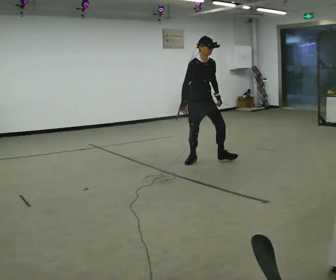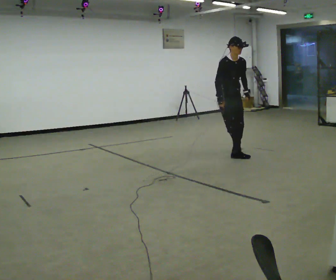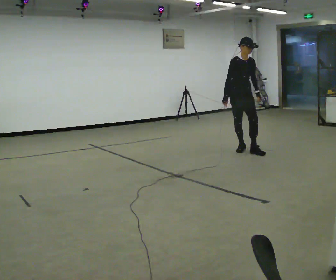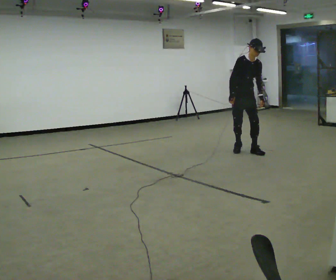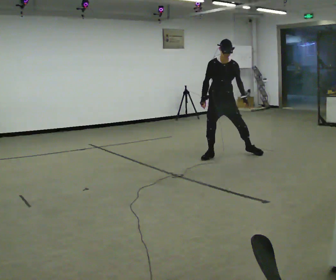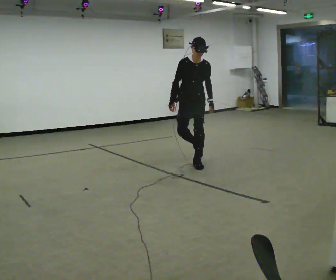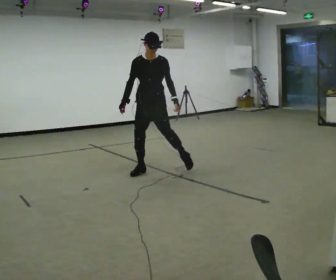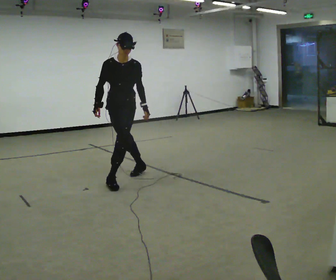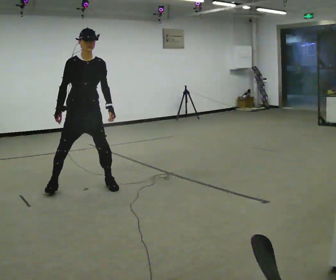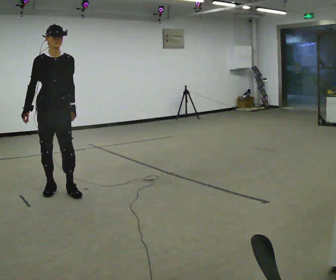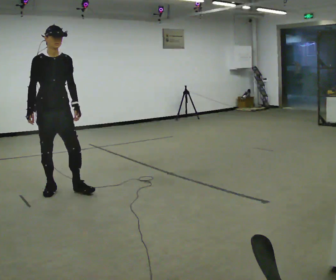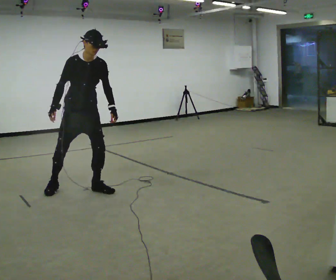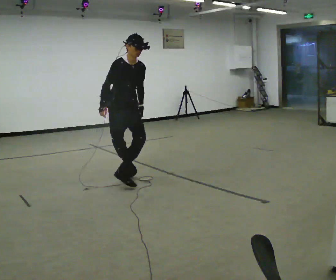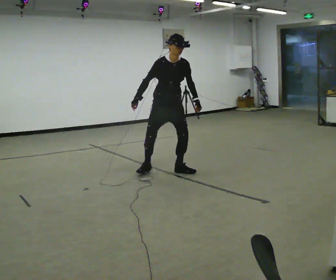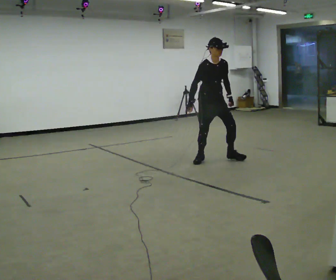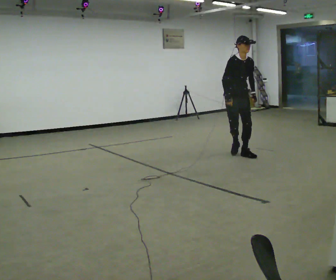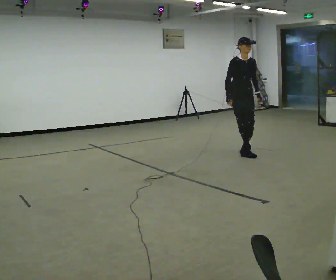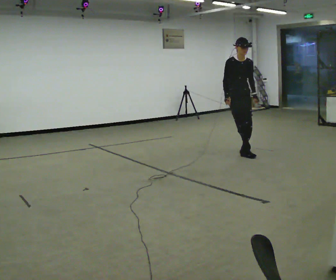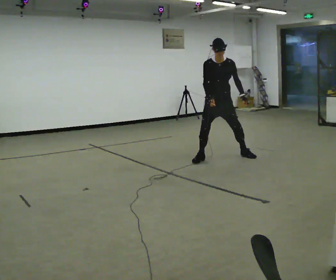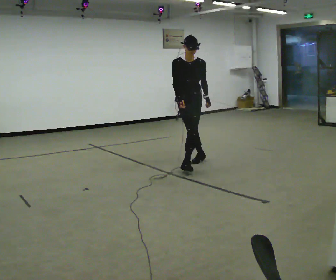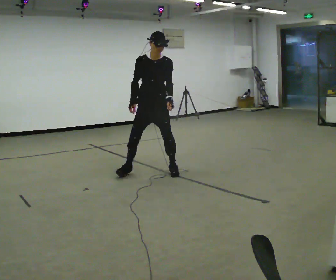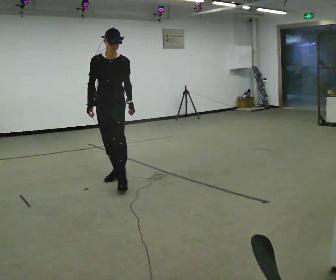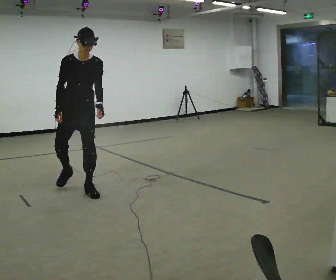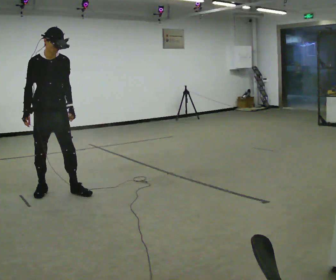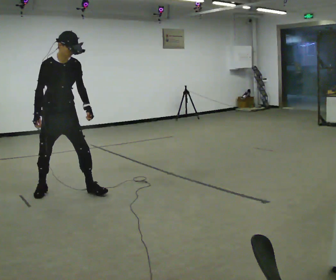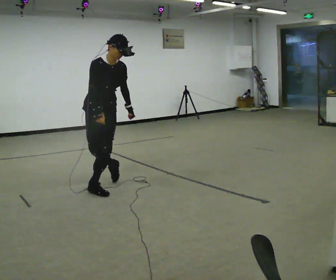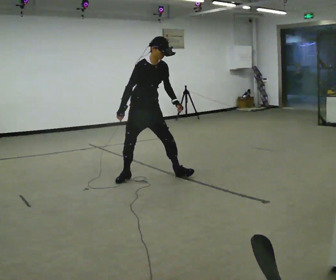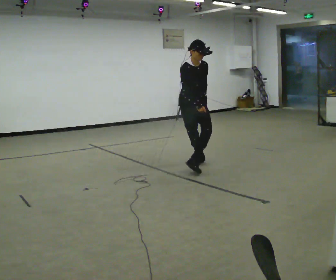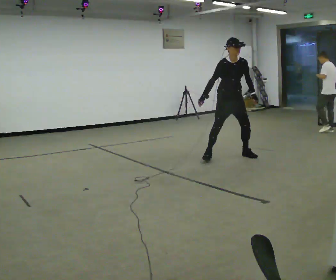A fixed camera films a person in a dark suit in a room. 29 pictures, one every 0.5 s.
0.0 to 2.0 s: The part of the body nearest the lens slides to the left as the person turns to their right by about 30 degrees. In the picture they go to the right and away from the camera, about 0.25 m in 4 steps, which for them is to their left and backward.
2.0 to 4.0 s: Seen from above the body turns counterclockwise, about 30 degrees: to their left, with its near side sliding to the right. In the picture they go to the left and toward the camera, about 2 m in 3 steps, which for them is forward and to their right.
4.0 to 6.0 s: In the picture they go to the right and away from the camera, about 0.5 m in 4 steps, which for them is to their left.
6.0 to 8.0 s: In the picture they go to the right and away from the camera, about 2 m in 4 steps, which for them is to their left.
8.0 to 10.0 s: In the picture they go to the left and toward the camera, about 1.5 m in 2 steps, which for them is forward and to their right.
10.0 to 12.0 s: Seen from above the body turns counterclockwise, about 30 degrees: to their left, with its near side sliding to the right. In the picture they go to the left and toward the camera, about 1 m in 5 steps, which for them is to their right and forward.
12.0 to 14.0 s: The part of the body nearest the lens slides to the left as the person turns to their right by about 30 degrees. In the picture they go to the right and away from the camera, about 2.5 m in 4 steps, which for them is to their left.
The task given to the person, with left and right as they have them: Move sideways in the direction the operator calls, crossing one foot in front and then behind, alternating.
The film runs forward here.
